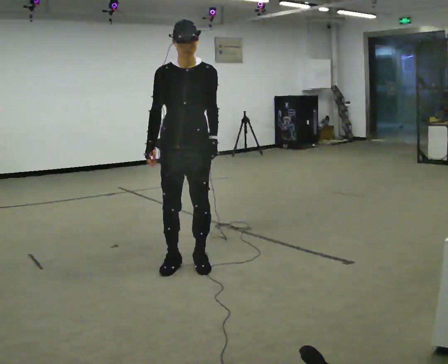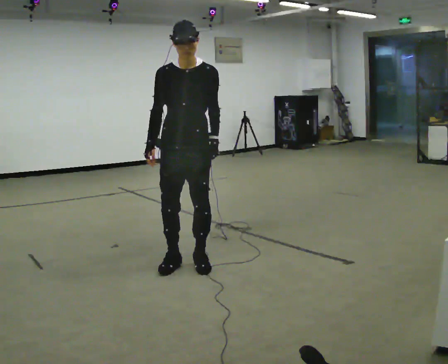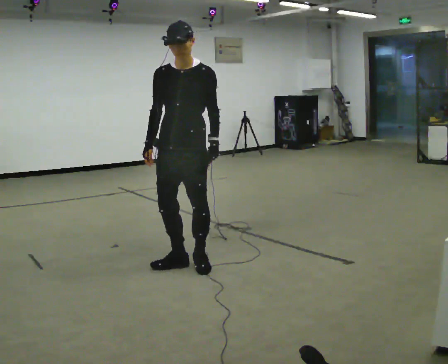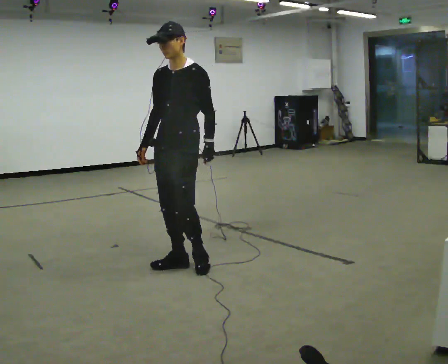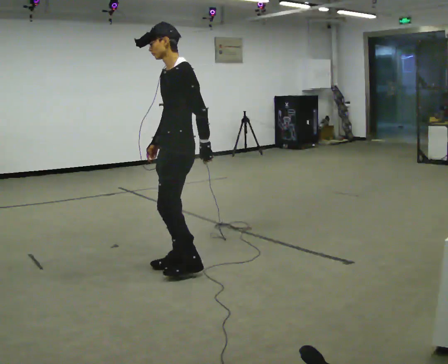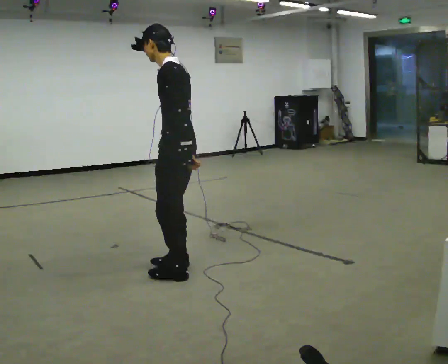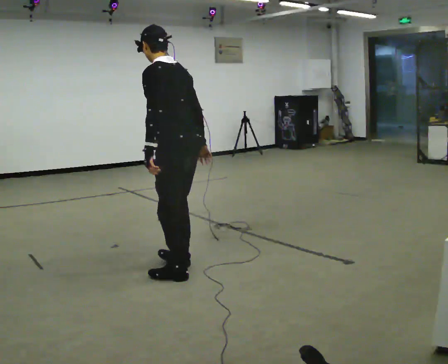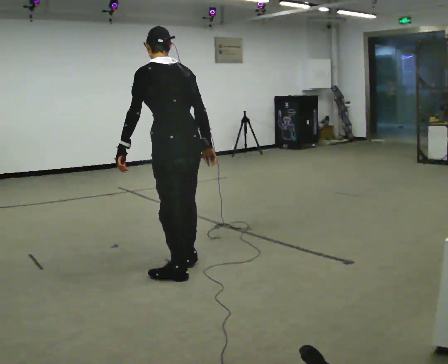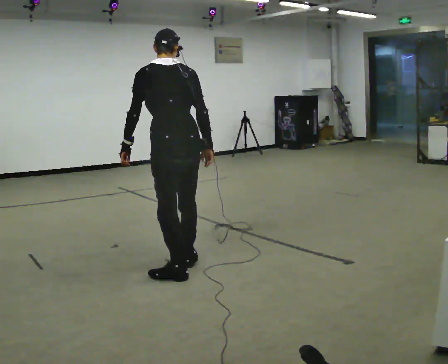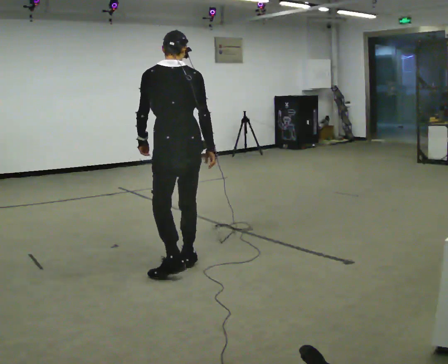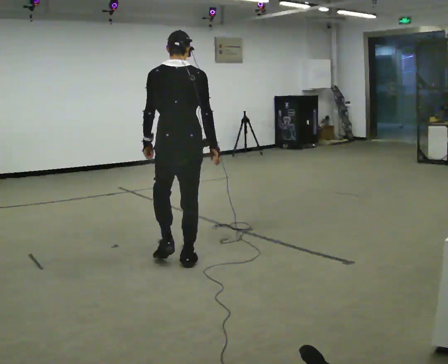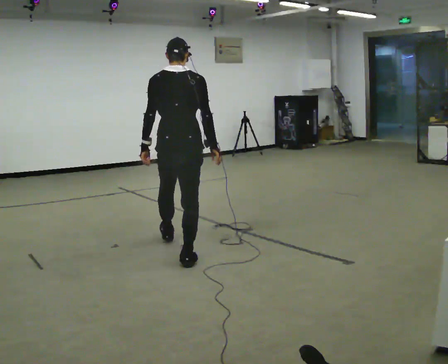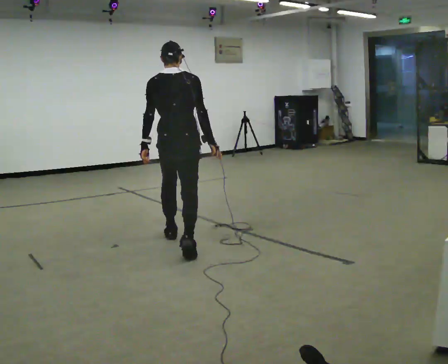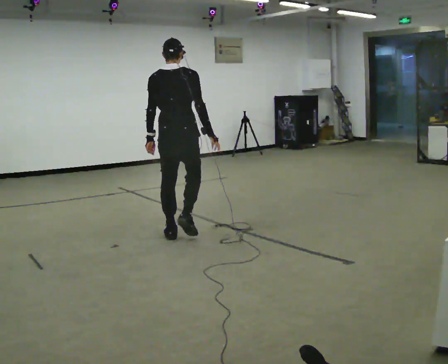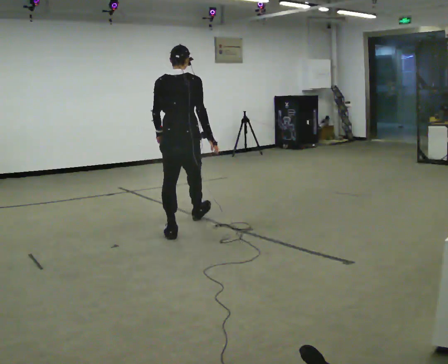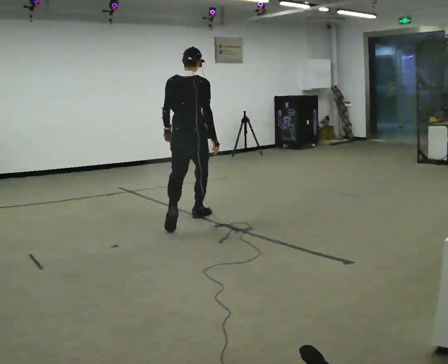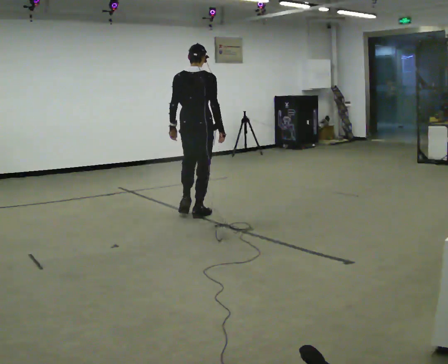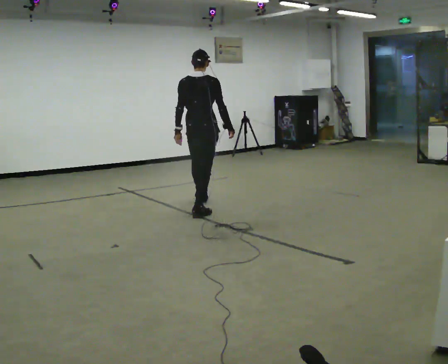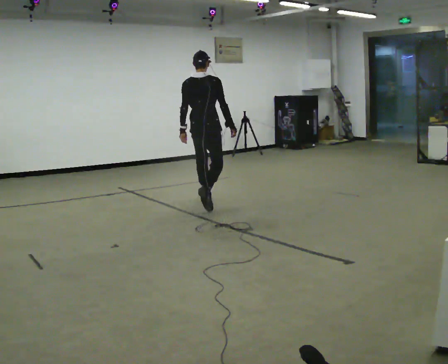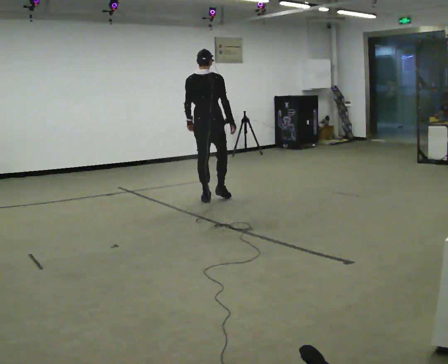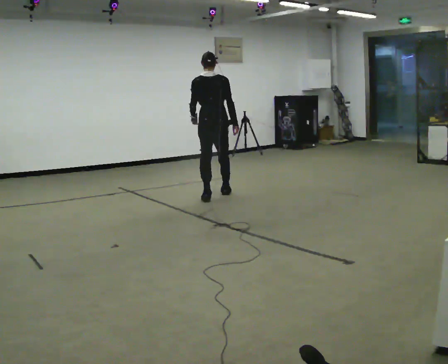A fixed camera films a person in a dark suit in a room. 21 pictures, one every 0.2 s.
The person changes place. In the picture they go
away from the camera.
The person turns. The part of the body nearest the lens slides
to the left.
0.0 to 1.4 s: The part of the body nearest the lens slides to the left as the person turns to their right by about 150 degrees. In the picture they go toward the camera, about 0.25 m in 1 step. The upper body tips away from the camera, its near side rolling upward. In the picture their left hand goes to the left, the arm swinging clockwise.
1.4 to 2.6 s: The person turns about 30 degrees to their right, clockwise seen from above, so the part of the body nearest the lens slides to the left. In the picture they go away from the camera, about 1 m in 1 step, which for them is forward.
2.6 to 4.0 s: In the picture they go away from the camera, about 1.5 m in 3 steps, which for them is forward.
The film runs forward here.
